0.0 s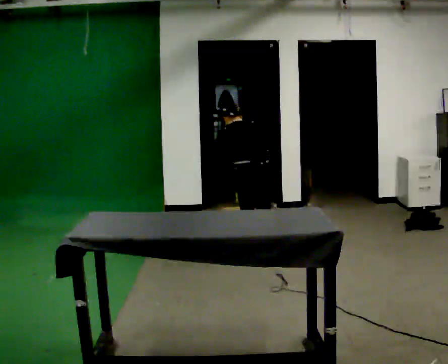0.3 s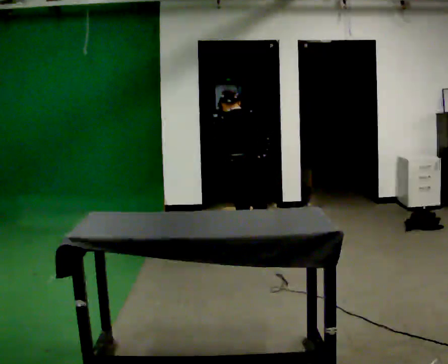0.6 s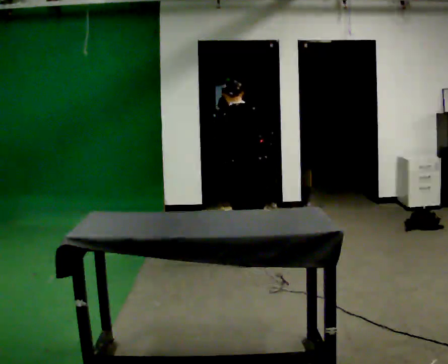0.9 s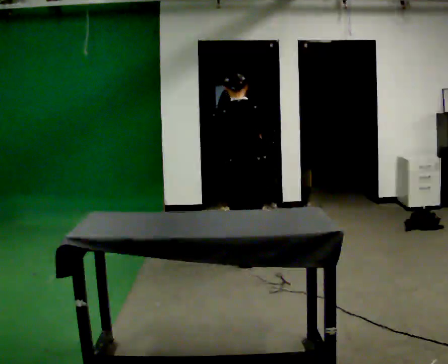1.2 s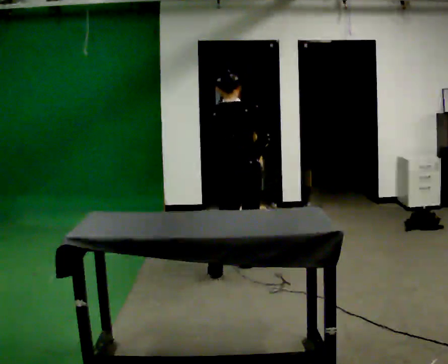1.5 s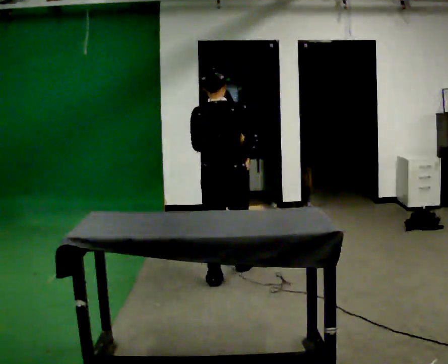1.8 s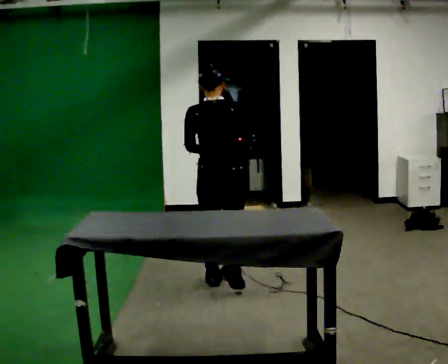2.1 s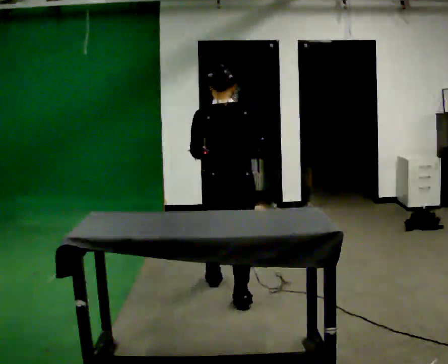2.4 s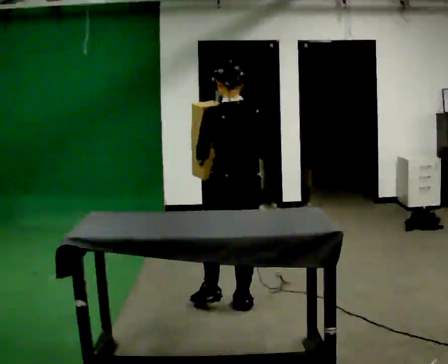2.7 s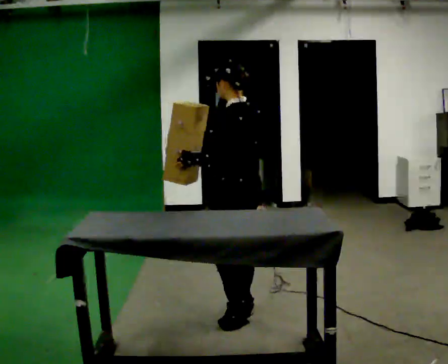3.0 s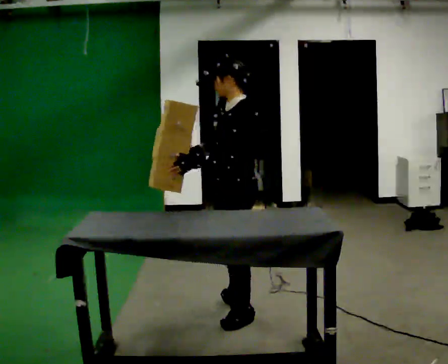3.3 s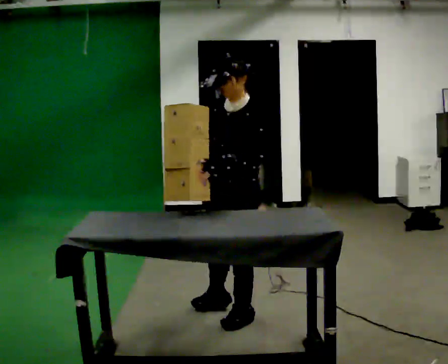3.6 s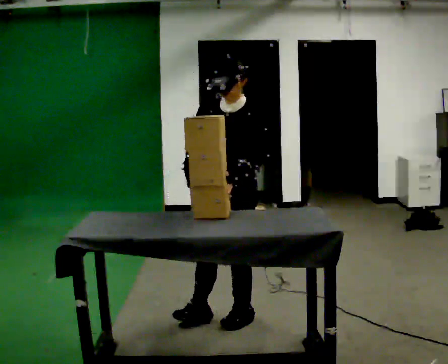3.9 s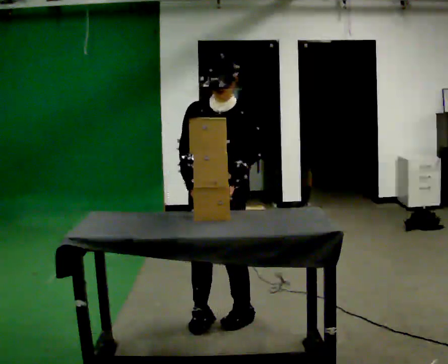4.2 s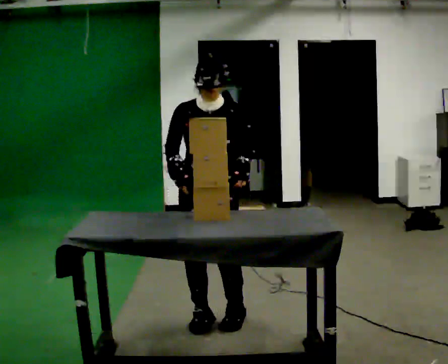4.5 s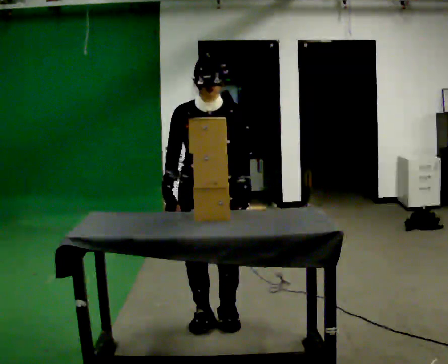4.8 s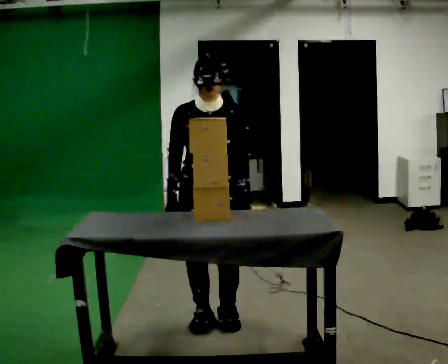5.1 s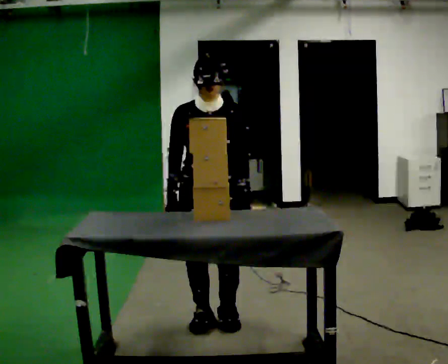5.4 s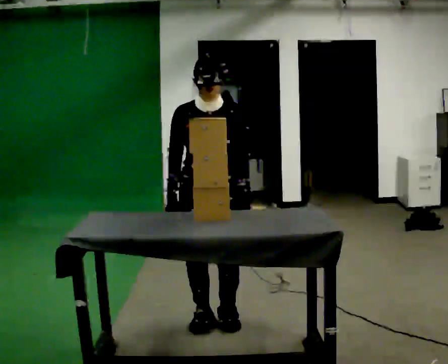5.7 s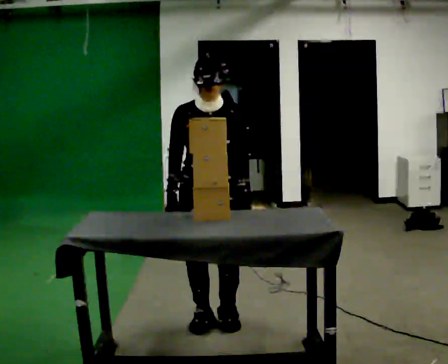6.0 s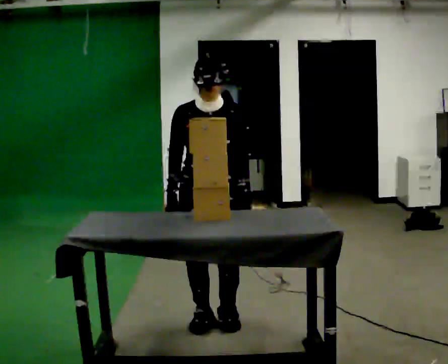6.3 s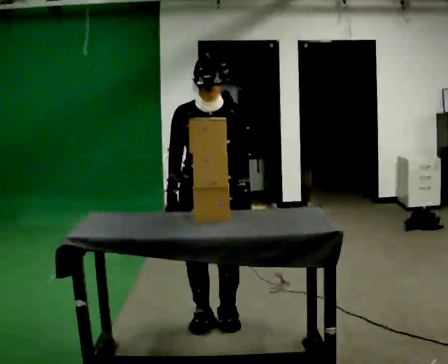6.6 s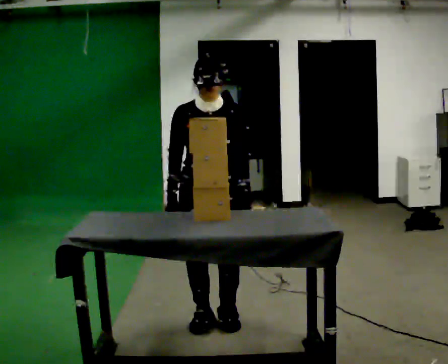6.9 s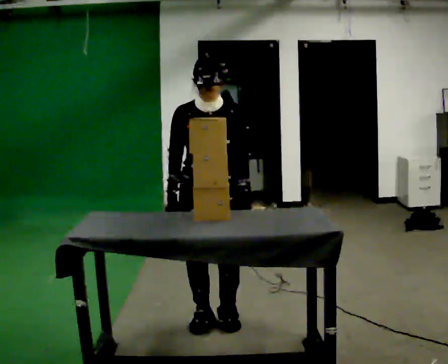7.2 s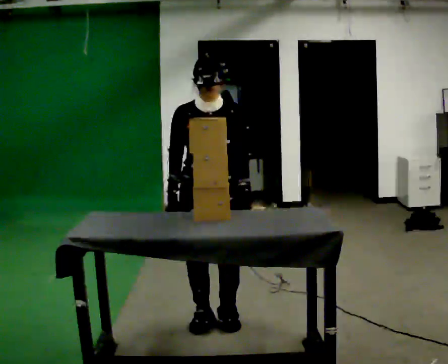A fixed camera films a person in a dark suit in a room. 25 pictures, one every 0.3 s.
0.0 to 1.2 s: In the picture they go toward the camera, about 0.5 m in 2 steps, which for them is backward. The upper body goes upward. The upper body tips toward the camera, its near side rolling downward, as they lean back or straighten. In the picture their left hand goes upward.
1.2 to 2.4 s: The part of the body nearest the lens slides to the right as the person turns to their left by about 30 degrees. In the picture they go toward the camera, about 1 m in 2 steps, which for them is backward.
2.4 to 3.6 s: The person turns about 120 degrees to their left, counterclockwise seen from above, so the part of the body nearest the lens slides to the right. In the picture they go toward the camera, about 0.25 m in 1 step.
3.6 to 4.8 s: The person turns about 30 degrees to their left, counterclockwise seen from above, so the part of the body nearest the lens slides to the right. In the picture they go to the left, about 0.25 m, which for them is to their right.
4.8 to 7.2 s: The person keeps their place and pose.
The film runs backward here.
